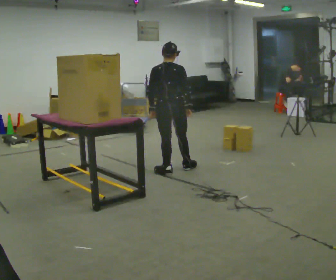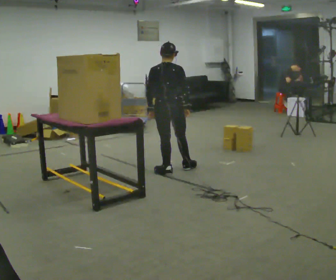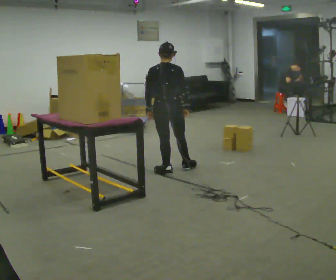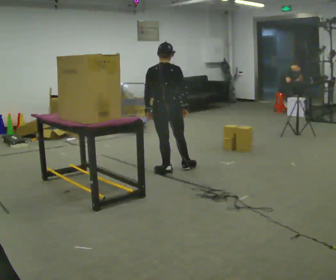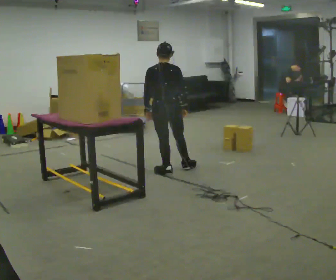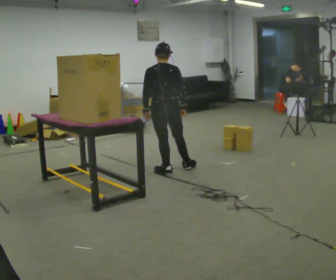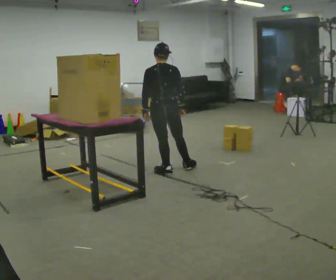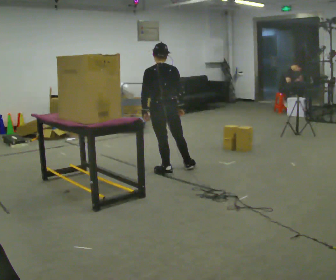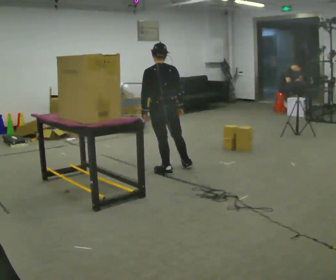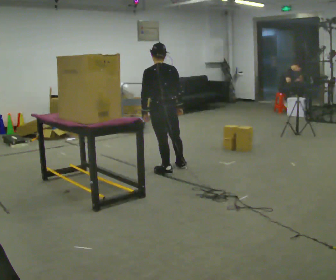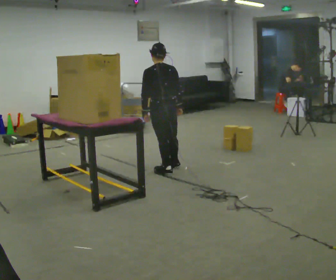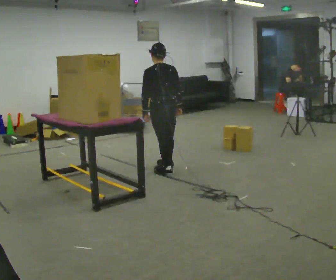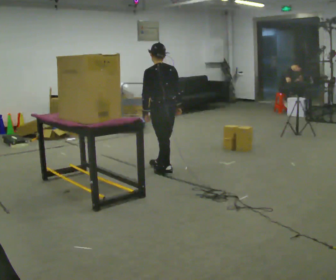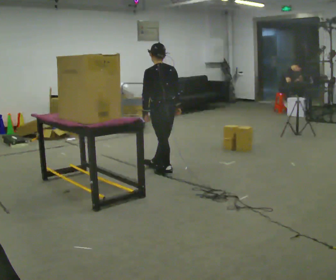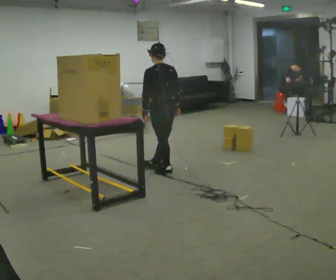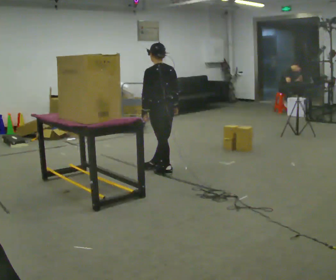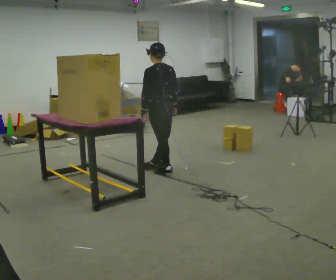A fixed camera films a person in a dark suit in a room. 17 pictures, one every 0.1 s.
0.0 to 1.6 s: The part of the body nearest the lens slides to the right as the person turns to their left by about 45 degrees.
The film runs backward here.
